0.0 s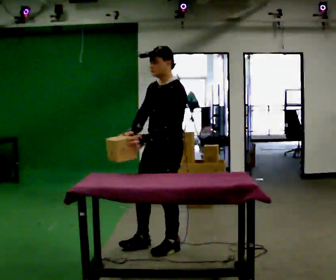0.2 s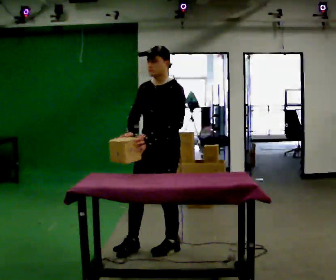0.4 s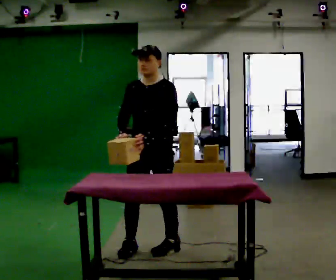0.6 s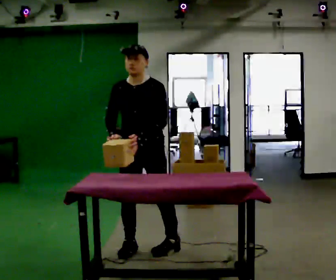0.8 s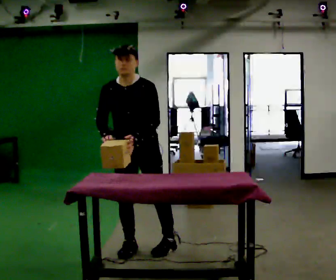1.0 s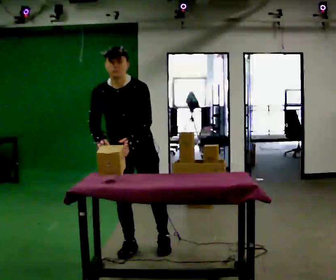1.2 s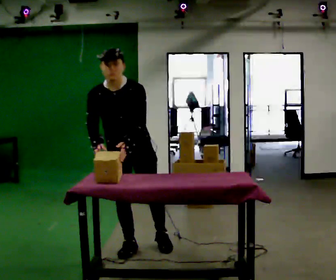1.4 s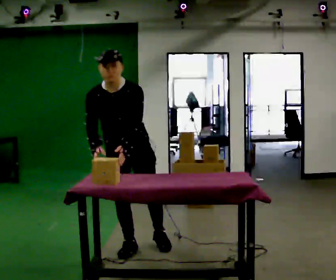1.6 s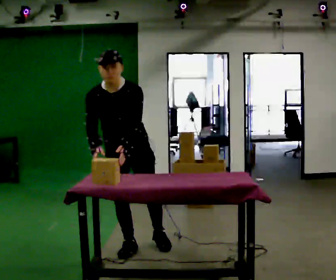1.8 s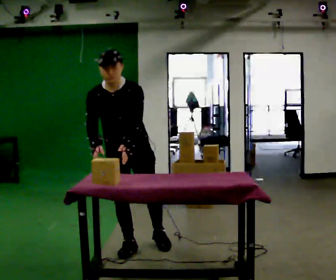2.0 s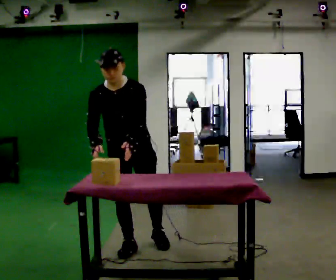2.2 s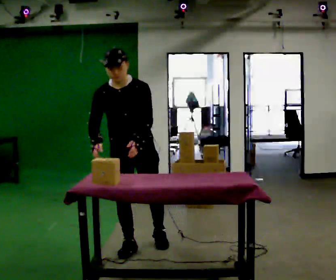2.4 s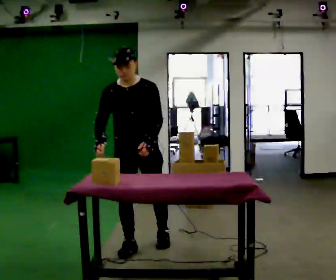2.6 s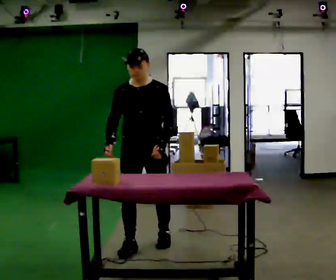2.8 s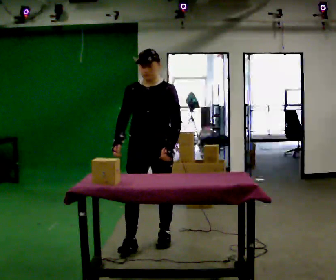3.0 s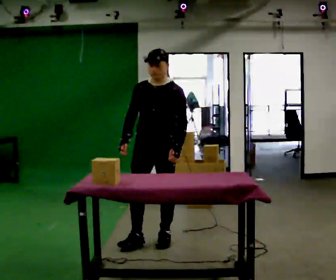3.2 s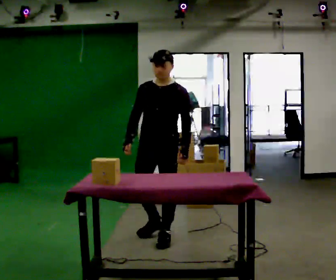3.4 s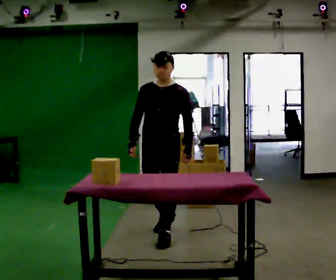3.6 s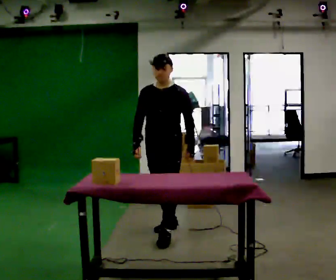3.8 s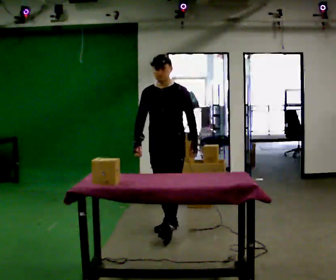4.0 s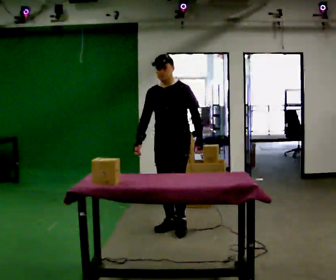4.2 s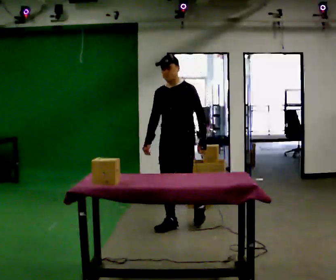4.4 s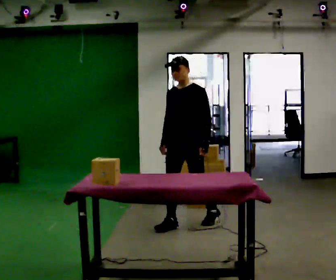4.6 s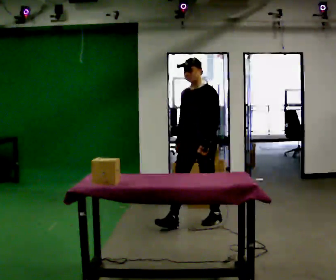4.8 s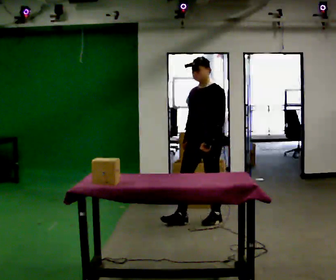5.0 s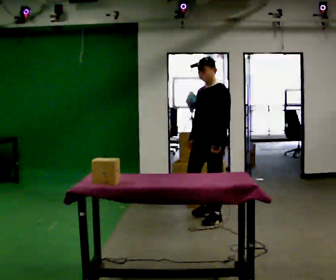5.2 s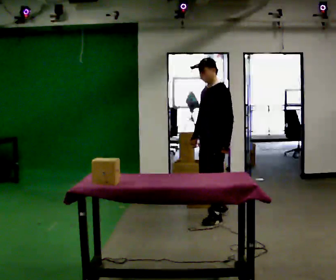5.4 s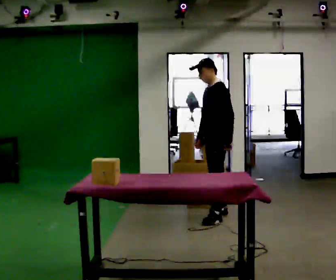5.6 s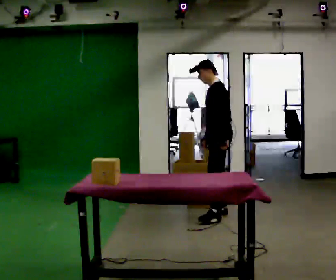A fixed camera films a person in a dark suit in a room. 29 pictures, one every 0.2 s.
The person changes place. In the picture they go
away from the camera.
The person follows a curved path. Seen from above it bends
clockwise.
0.0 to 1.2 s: The person turns about 60 degrees to their left, counterclockwise seen from above, so the part of the body nearest the lens slides to the right. In the picture they go to the left, about 0.25 m in 1 step, which for them is to their right. The upper body tips toward the camera, its near side rolling downward, as they bend forward.
1.2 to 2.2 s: The person moves a little, or ends about where they began.
2.2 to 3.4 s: The part of the body nearest the lens slides to the left as the person turns to their right by about 30 degrees. In the picture they go away from the camera and to the right, about 0.5 m in 1 step, which for them is backward and to their left.
3.4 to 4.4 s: In the picture they go away from the camera and to the right, about 0.5 m in 1 step, which for them is backward.
4.4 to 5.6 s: The person turns about 60 degrees to their right, clockwise seen from above, so the part of the body nearest the lens slides to the left. In the picture they go to the right and away from the camera, about 0.5 m in 1 step, which for them is backward.
The film runs backward here.
